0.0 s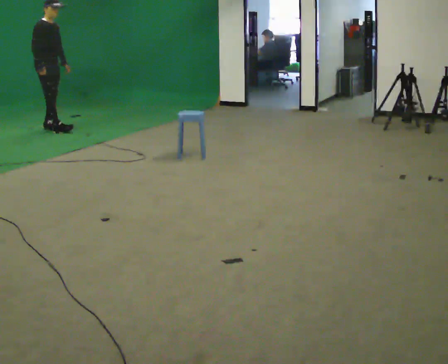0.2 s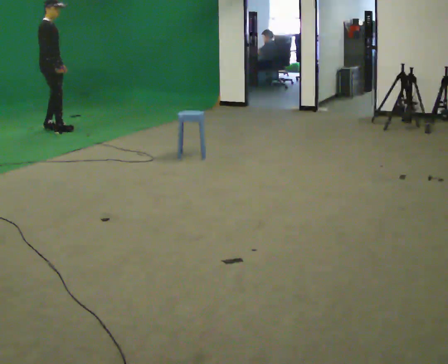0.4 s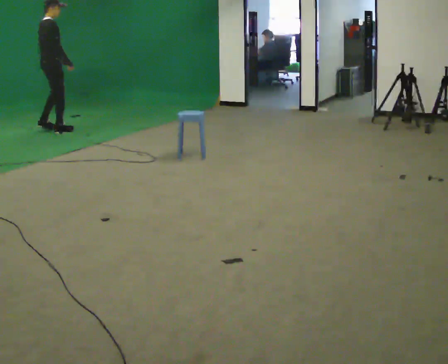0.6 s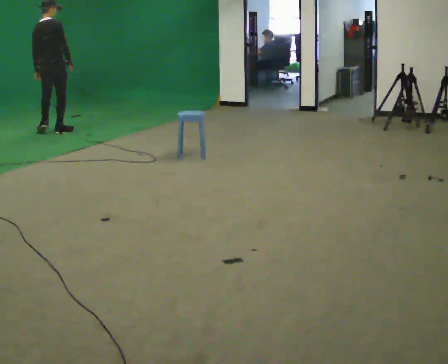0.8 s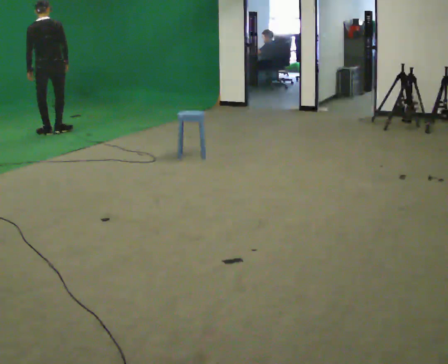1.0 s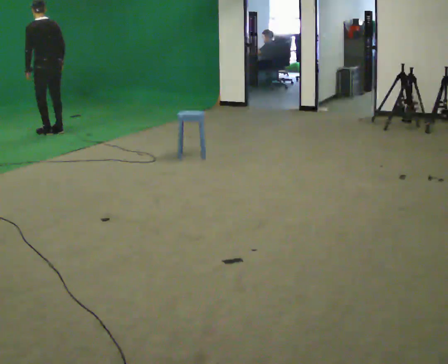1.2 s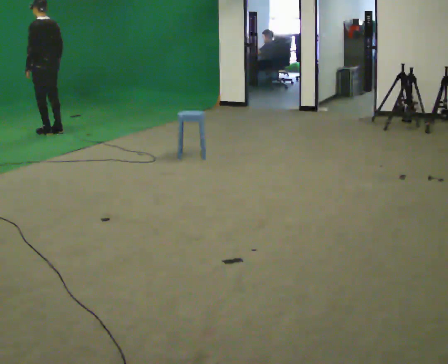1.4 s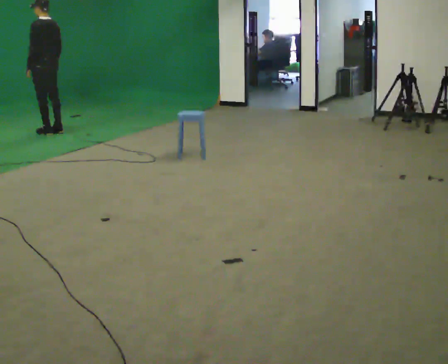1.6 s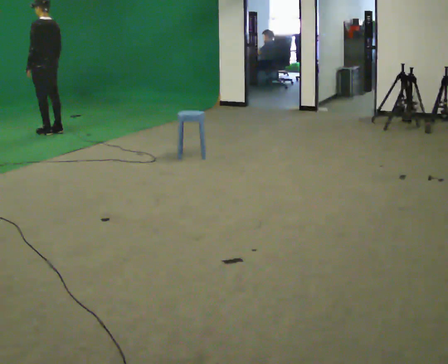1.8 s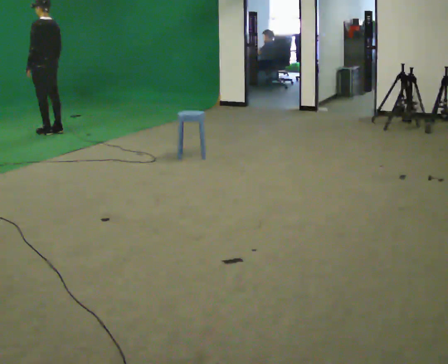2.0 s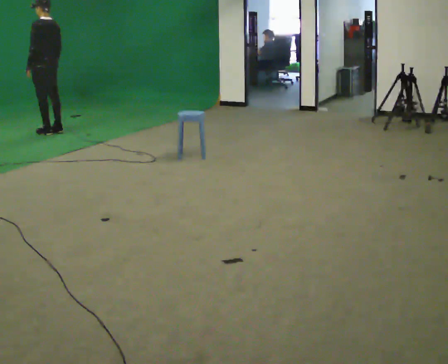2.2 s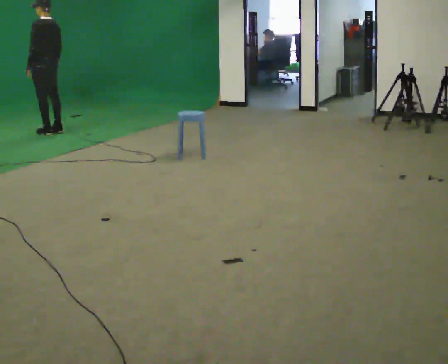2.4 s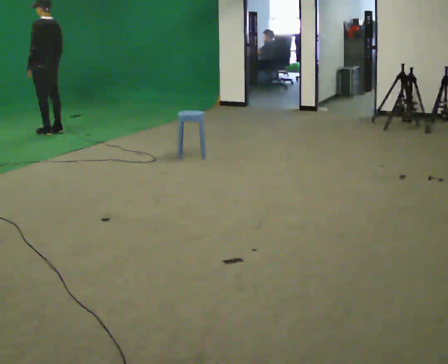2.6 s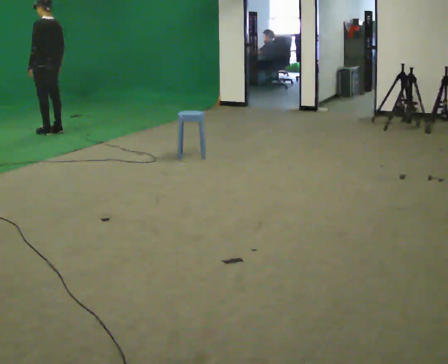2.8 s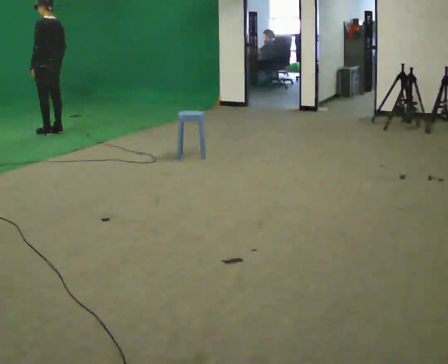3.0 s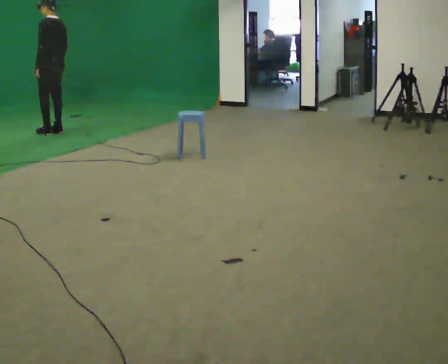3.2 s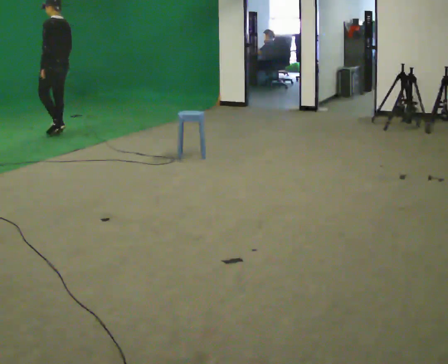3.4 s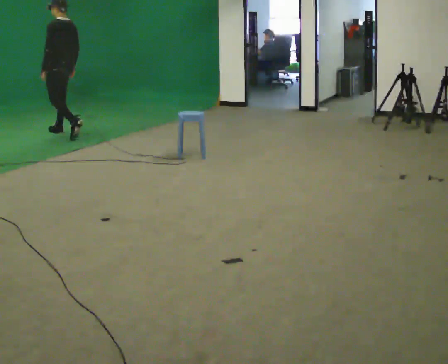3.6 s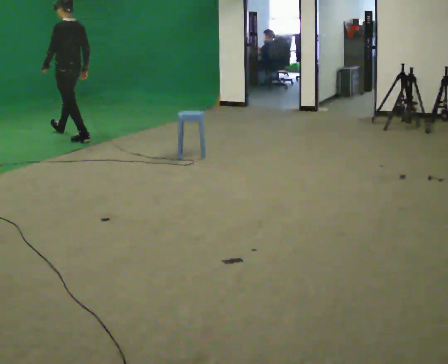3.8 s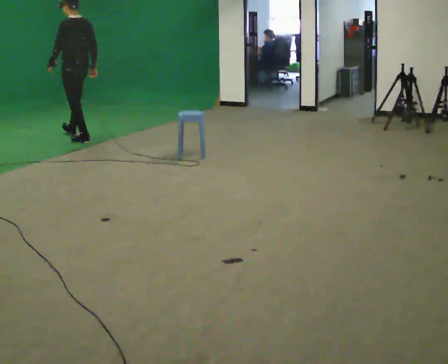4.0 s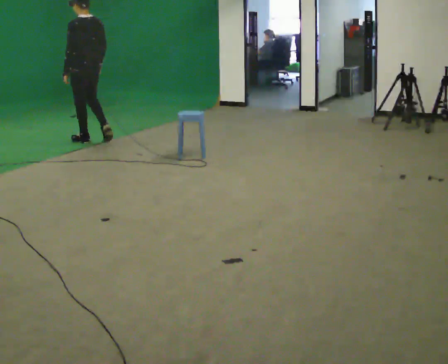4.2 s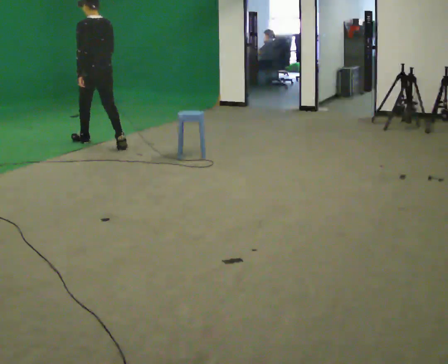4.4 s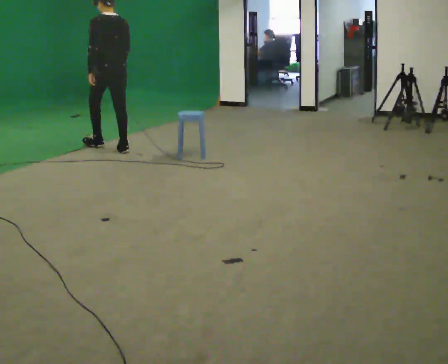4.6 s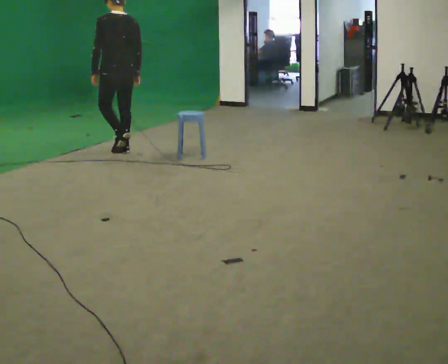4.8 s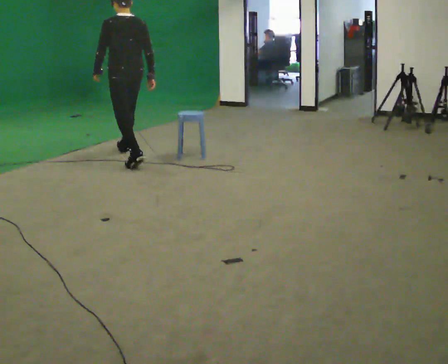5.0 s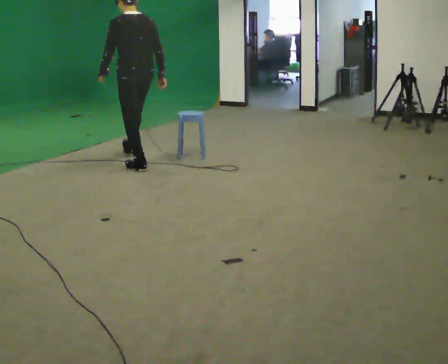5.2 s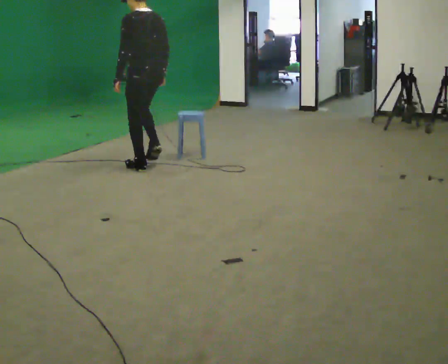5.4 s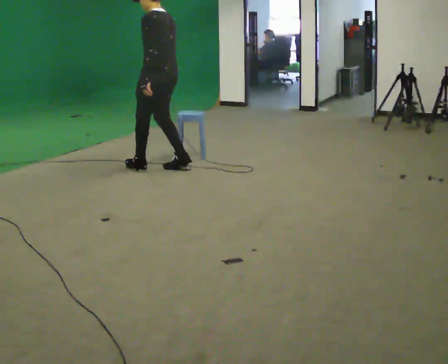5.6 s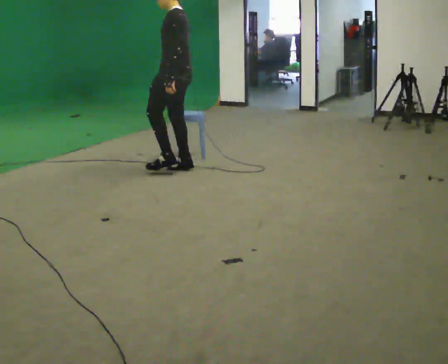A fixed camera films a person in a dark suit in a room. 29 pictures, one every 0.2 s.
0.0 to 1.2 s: The person turns about 165 degrees to their left, counterclockwise seen from above, so the part of the body nearest the lens slides to the right. In the picture they go toward the camera, about 0.25 m in 1 step.
1.2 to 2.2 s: The person moves a little, or ends about where they began.
2.2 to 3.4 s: In the picture they go toward the camera and to the right, about 0.25 m in 1 step, which for them is backward.
3.4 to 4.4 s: The person turns about 30 degrees to their right, clockwise seen from above, so the part of the body nearest the lens slides to the left. In the picture they go toward the camera and to the right, about 1 m in 2 steps, which for them is backward.
4.4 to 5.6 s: Seen from above the body turns counterclockwise, about 45 degrees: to their left, with its near side sliding to the right. In the picture they go toward the camera and to the right, about 1 m in 2 steps, which for them is backward.
The film runs backward here.
